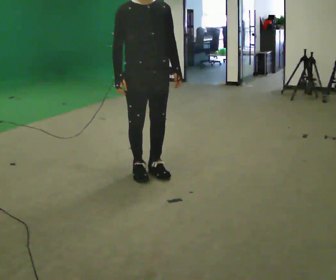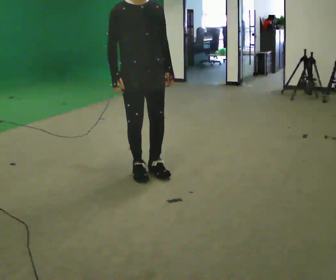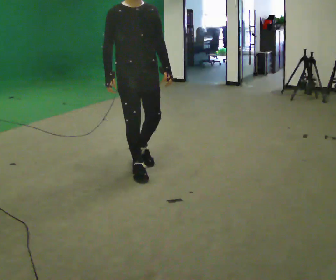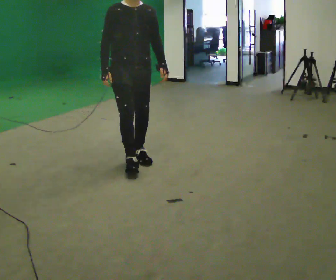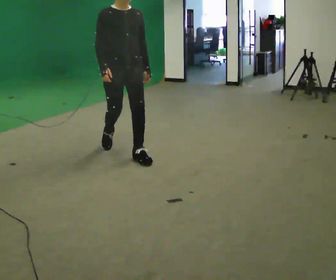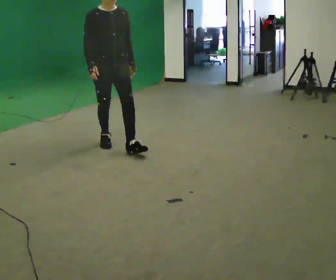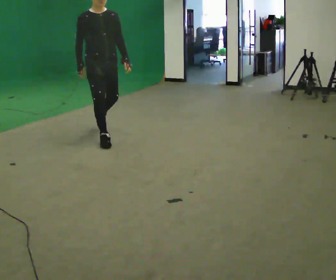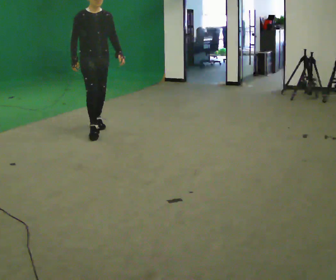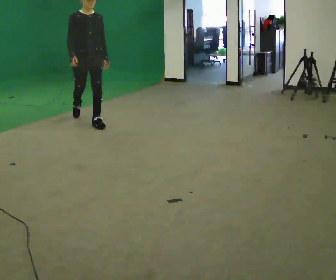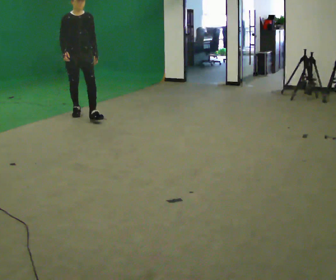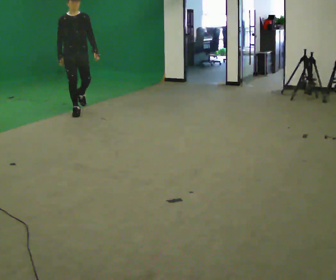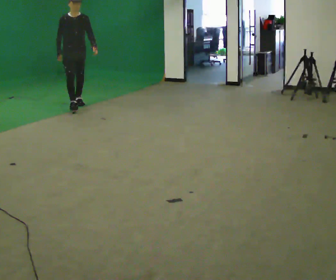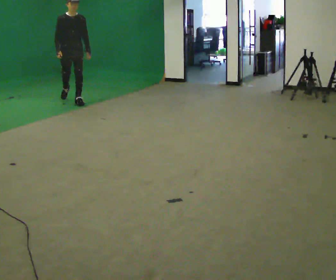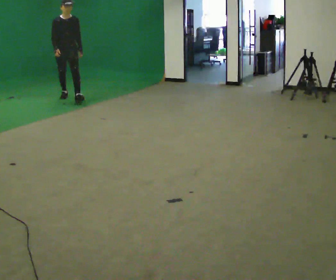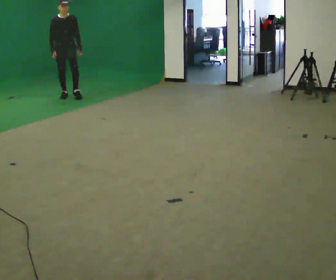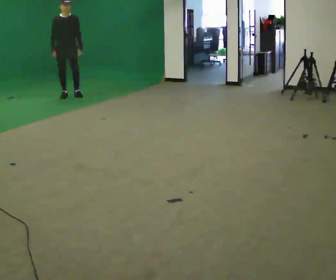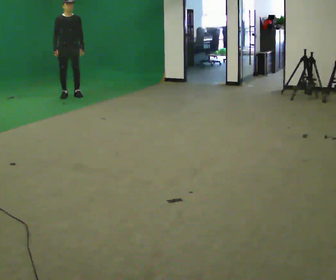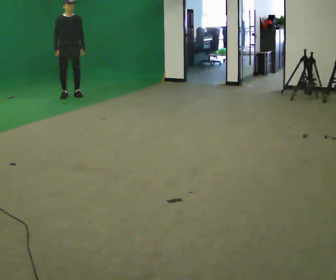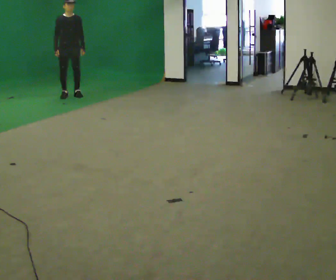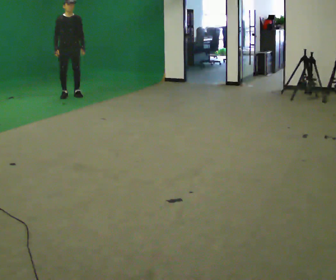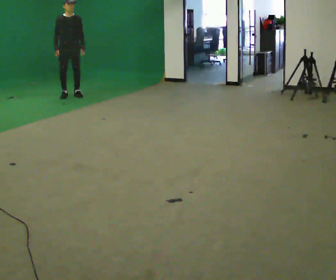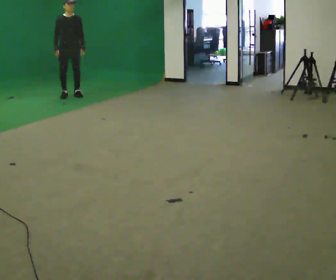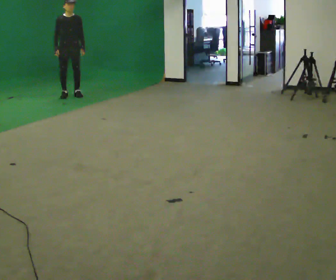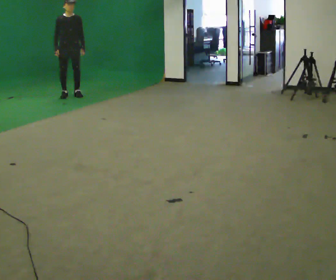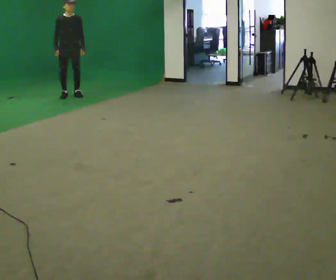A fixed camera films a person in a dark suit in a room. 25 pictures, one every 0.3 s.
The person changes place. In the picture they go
away from the camera.
0.0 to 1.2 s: In the picture they go away from the camera, about 0.5 m in 2 steps, which for them is backward.
1.2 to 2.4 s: In the picture they go away from the camera, about 1.5 m in 2 steps, which for them is backward.
2.4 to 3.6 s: In the picture they go away from the camera, about 1.5 m in 2 steps, which for them is backward.
3.6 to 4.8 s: In the picture they go away from the camera, about 0.5 m in 1 step, which for them is backward.
4.8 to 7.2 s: The person keeps their place and pose.
The film runs backward here.
